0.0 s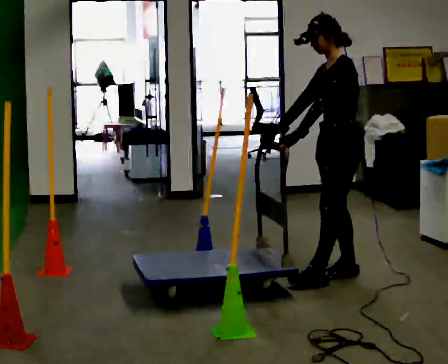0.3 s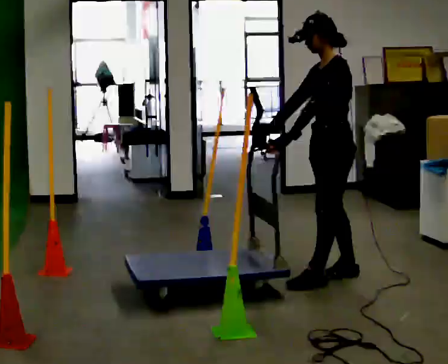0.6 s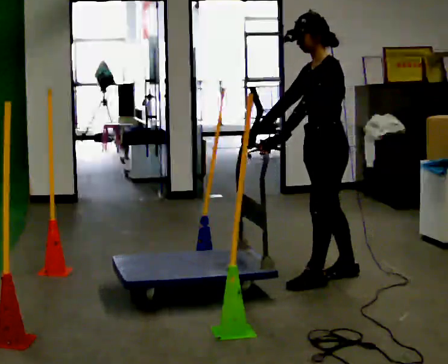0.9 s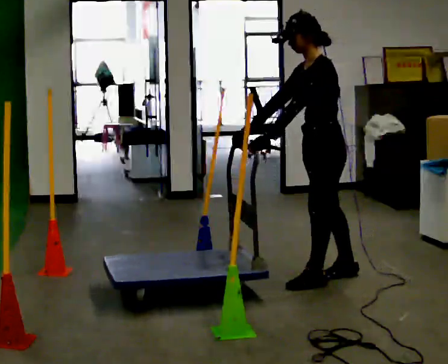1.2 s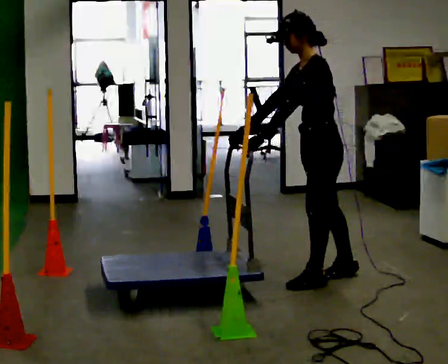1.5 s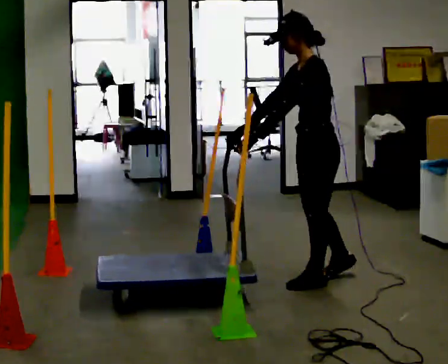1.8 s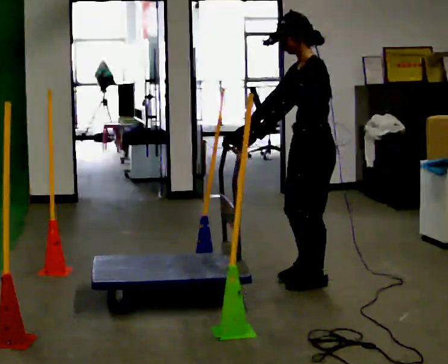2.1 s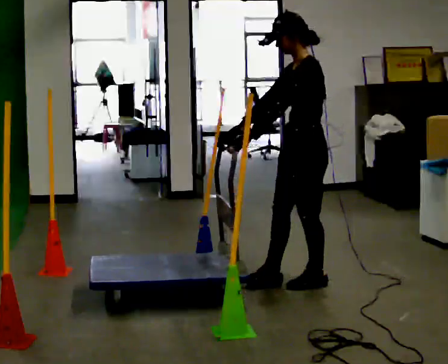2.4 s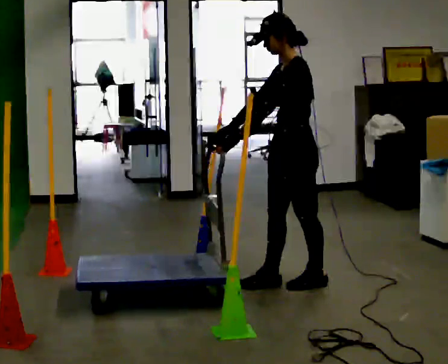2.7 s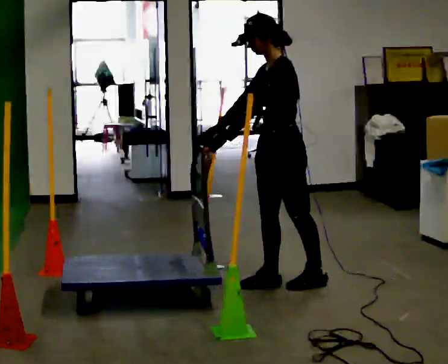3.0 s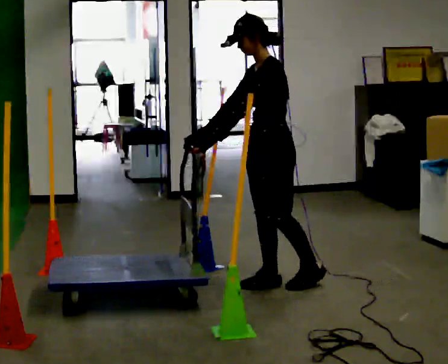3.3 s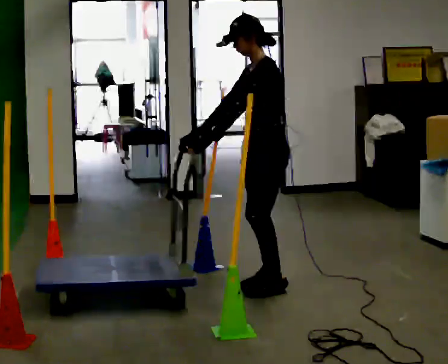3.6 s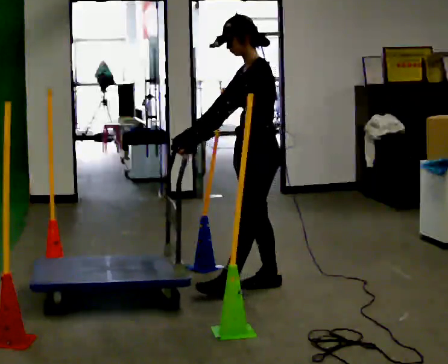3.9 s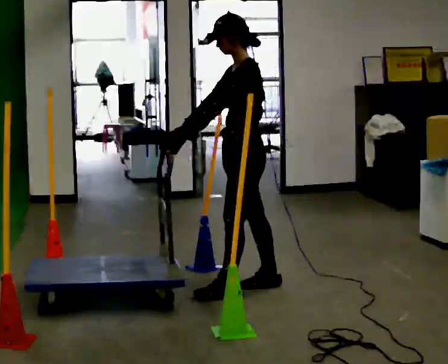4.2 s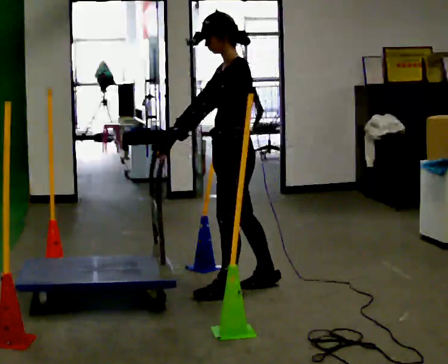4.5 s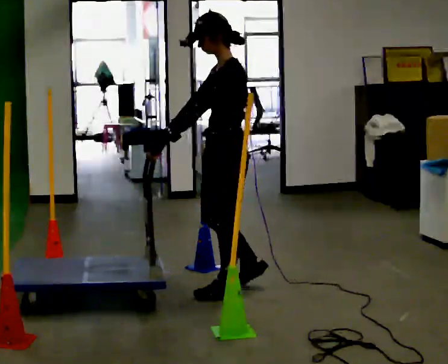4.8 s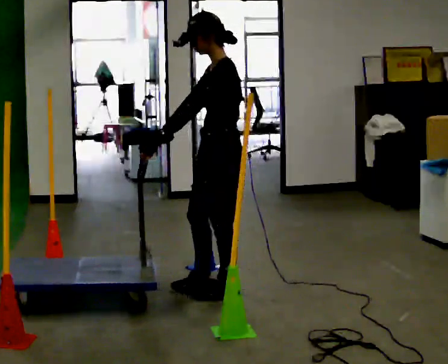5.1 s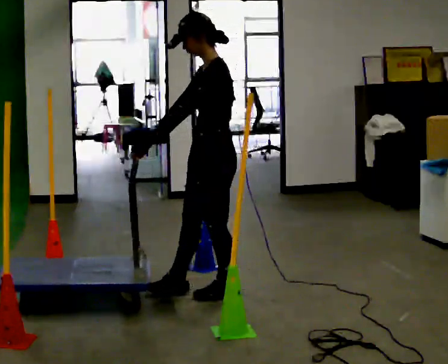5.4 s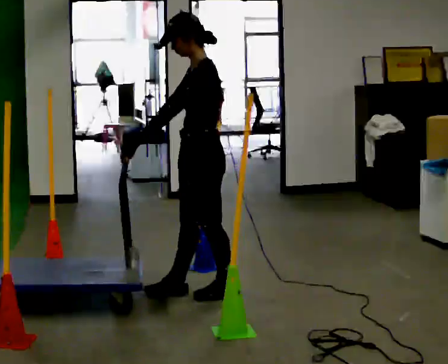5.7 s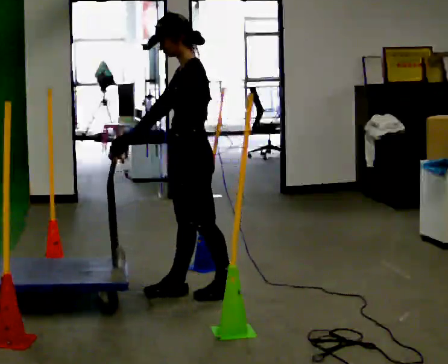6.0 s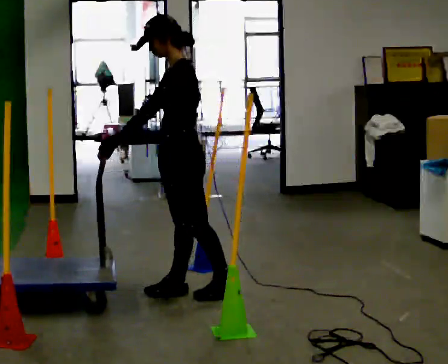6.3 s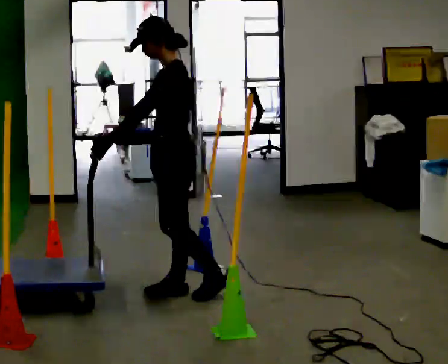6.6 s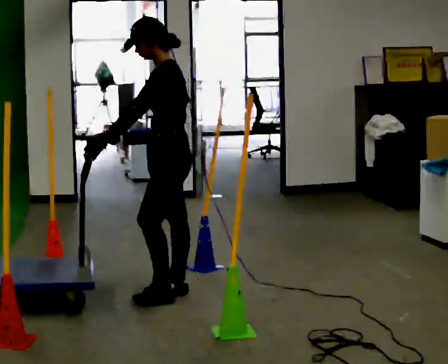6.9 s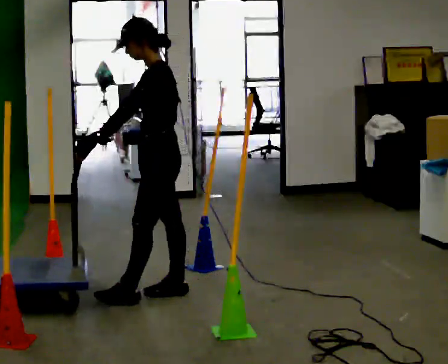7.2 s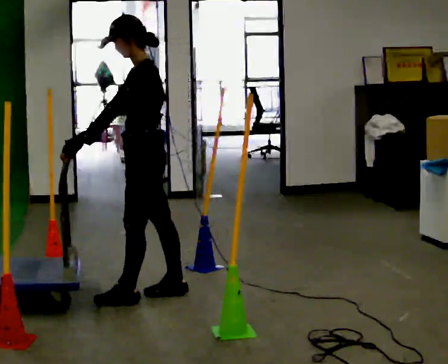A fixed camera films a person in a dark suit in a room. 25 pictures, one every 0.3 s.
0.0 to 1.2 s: The person moves a little, or ends about where they began.
1.2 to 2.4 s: In the picture they go to the left, about 0.25 m in 1 step, which for them is forward.
2.4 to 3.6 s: In the picture they go to the left, about 0.25 m in 1 step, which for them is forward.
3.6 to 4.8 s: In the picture they go to the left and toward the camera, about 0.25 m, which for them is forward and to their left.
4.8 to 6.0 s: In the picture they go to the left, about 0.25 m in 1 step, which for them is forward.
6.0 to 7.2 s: In the picture they go to the left, about 0.25 m in 1 step, which for them is forward.
The film runs forward here.
